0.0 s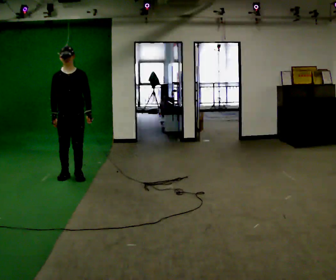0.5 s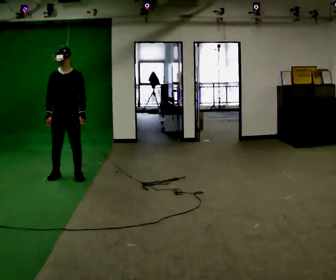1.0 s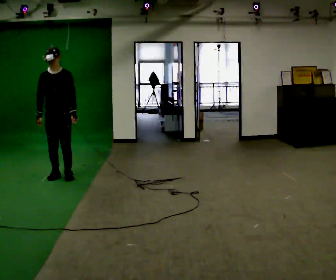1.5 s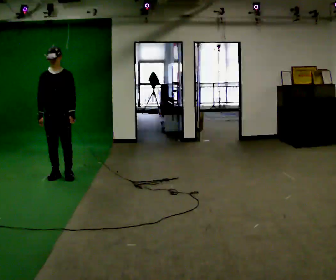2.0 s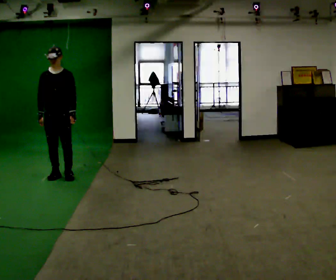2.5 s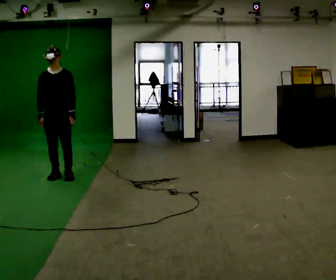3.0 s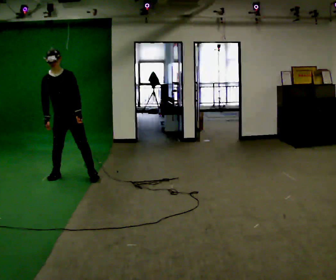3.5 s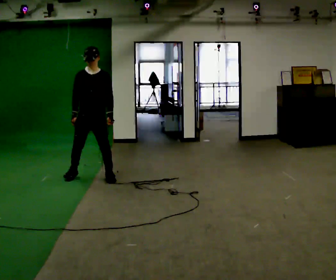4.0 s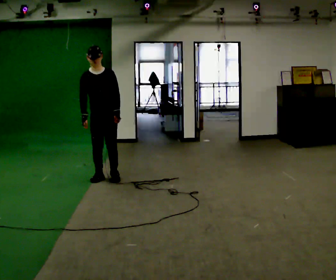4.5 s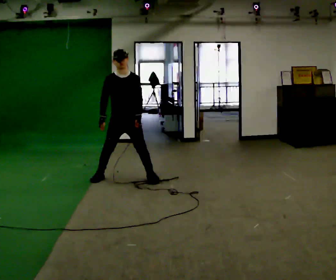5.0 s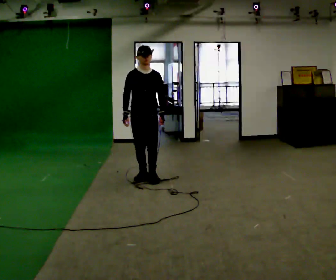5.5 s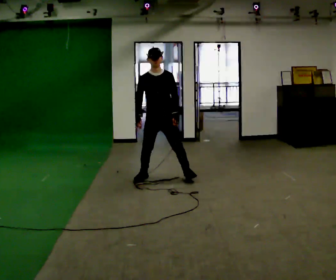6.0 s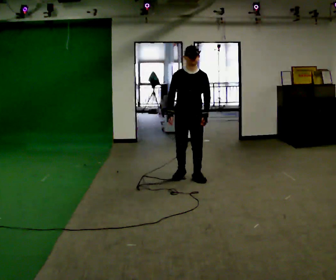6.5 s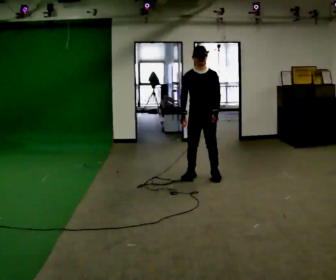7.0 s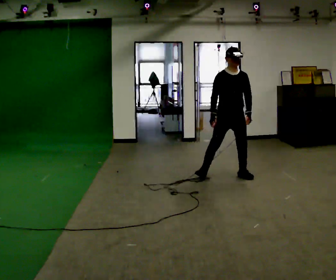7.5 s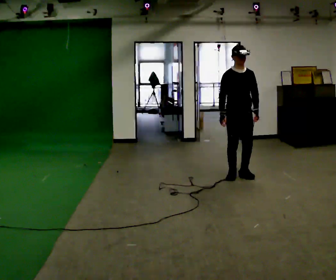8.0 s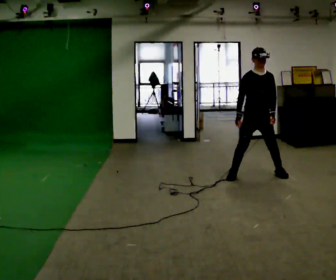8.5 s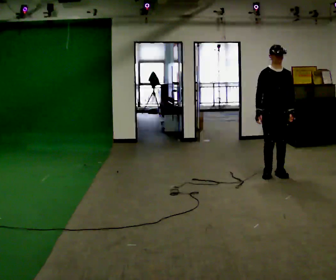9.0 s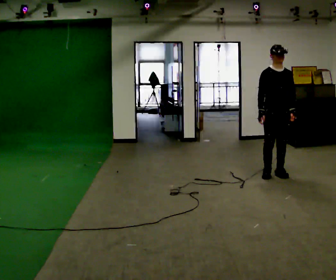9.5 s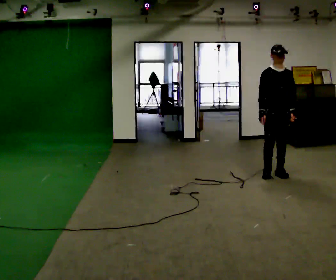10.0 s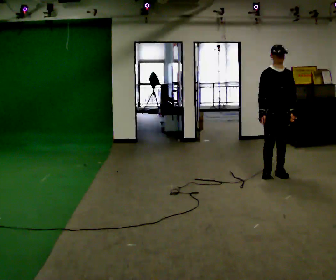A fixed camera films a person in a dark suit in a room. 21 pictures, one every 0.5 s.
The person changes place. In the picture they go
to the right.
0.0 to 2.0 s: In the picture they go to the left, about 0.25 m, which for them is to their right.
2.0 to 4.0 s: In the picture they go to the right, about 0.5 m in 2 steps, which for them is to their left.
4.0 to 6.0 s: In the picture they go to the right, about 1 m in 3 steps, which for them is to their left.
6.0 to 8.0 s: In the picture they go to the right, about 1 m in 4 steps, which for them is to their left.
8.0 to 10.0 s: In the picture they go to the right, about 0.25 m in 1 step, which for them is to their left.
The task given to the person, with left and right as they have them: Move laterally left/right for ~3 m; natural controlled steps; stop.
The film runs forward here.
